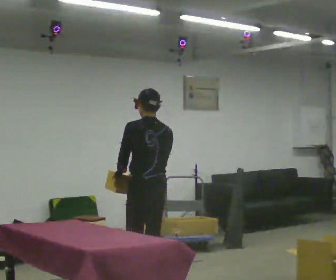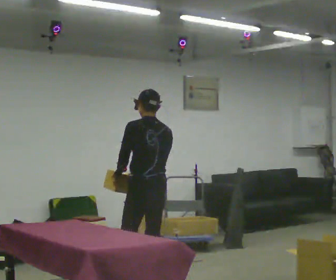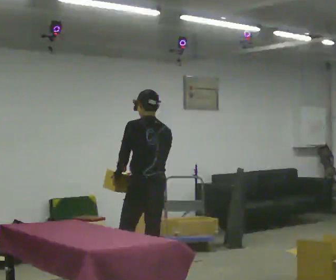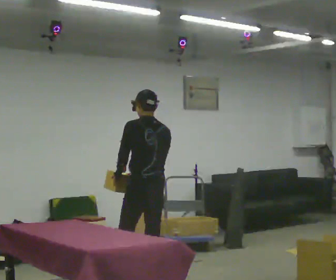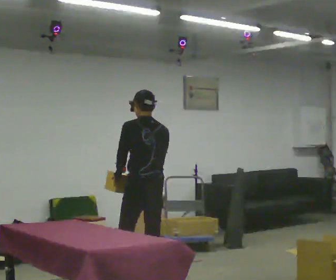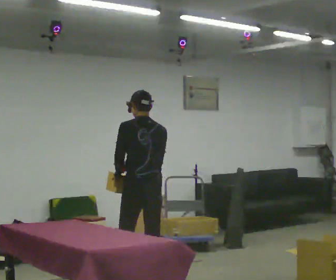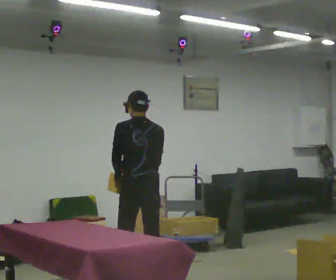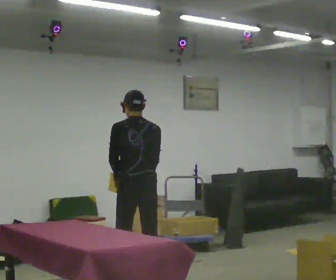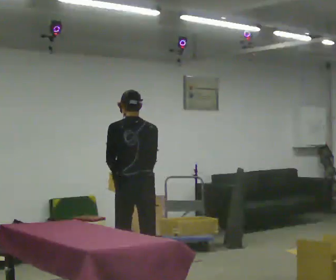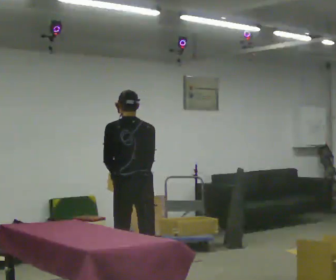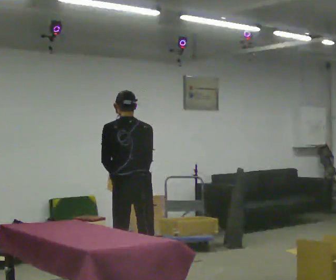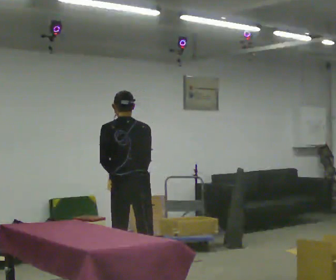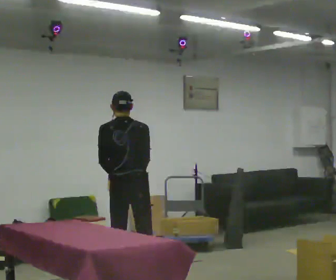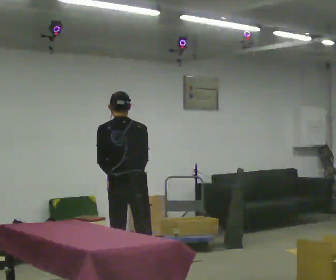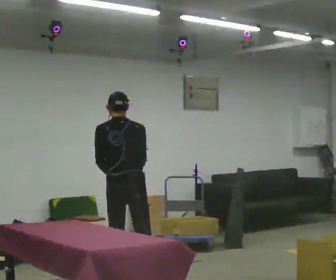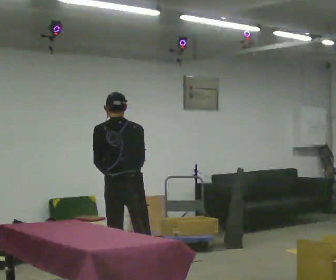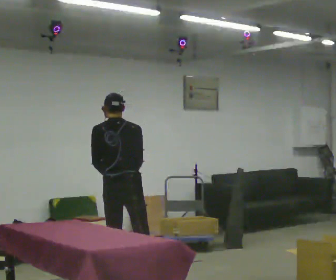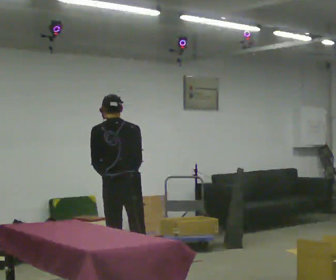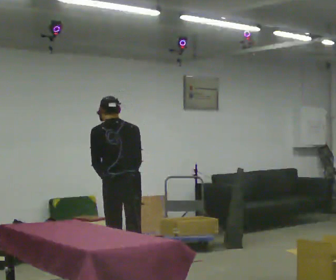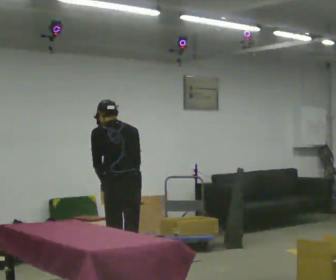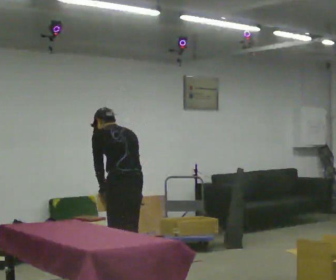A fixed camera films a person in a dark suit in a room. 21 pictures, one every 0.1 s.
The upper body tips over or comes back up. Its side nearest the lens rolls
upward.
0.0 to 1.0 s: The person turns about 30 degrees to their right, clockwise seen from above, so the part of the body nearest the lens slides to the left. In the picture they go away from the camera, about 0.25 m in 1 step, which for them is forward.
1.0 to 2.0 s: The part of the body nearest the lens slides to the right as the person turns to their left by about 30 degrees. The upper body tips away from the camera, its near side rolling upward, as they bend forward.
The film runs forward here.
